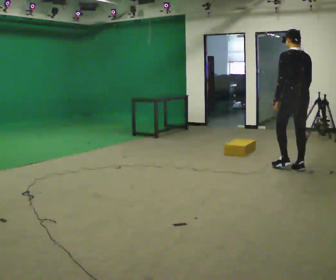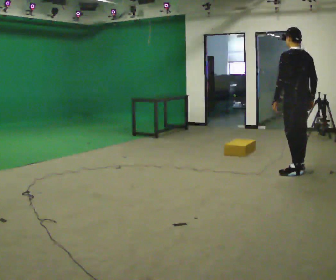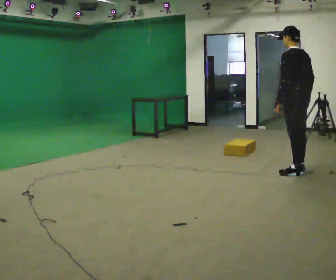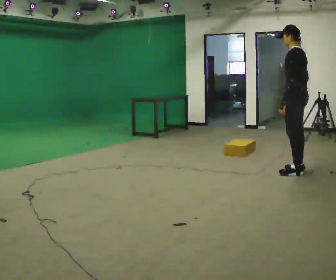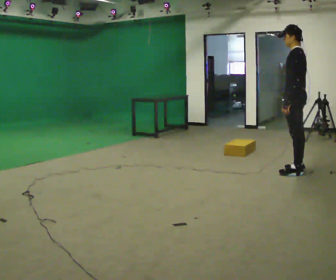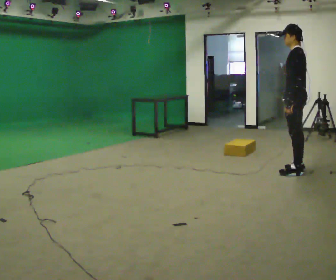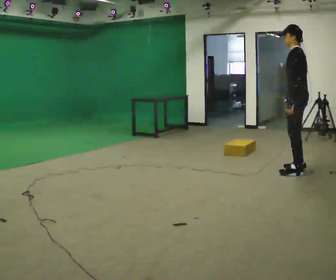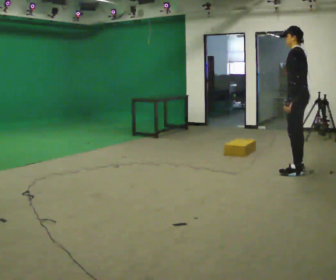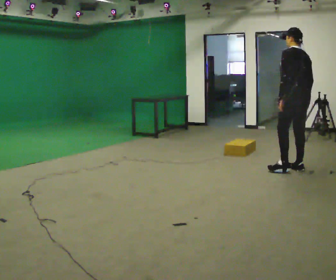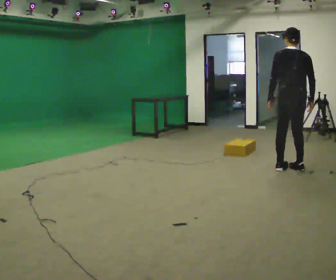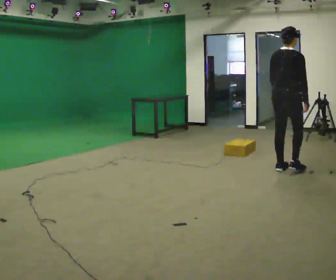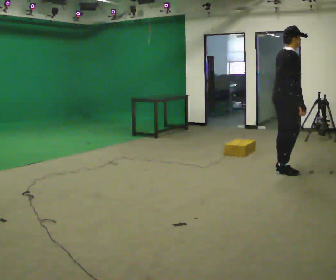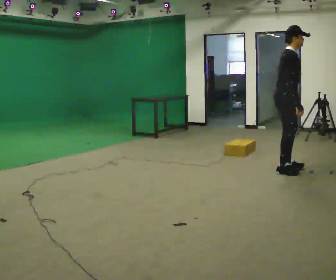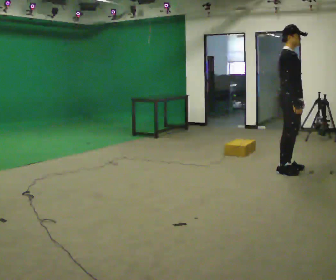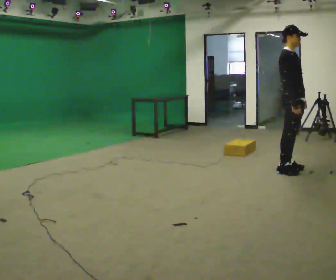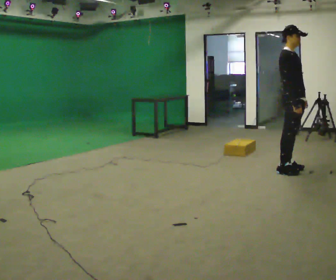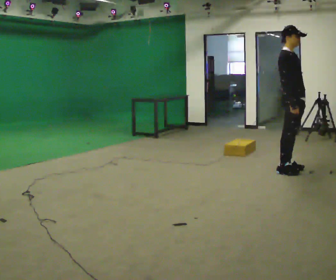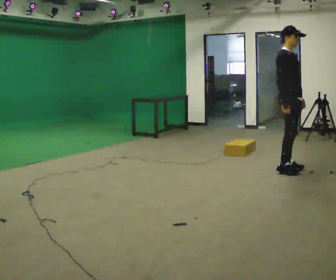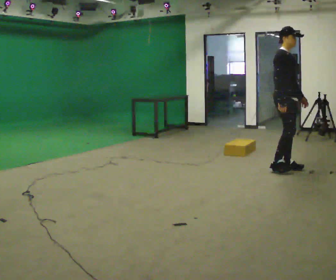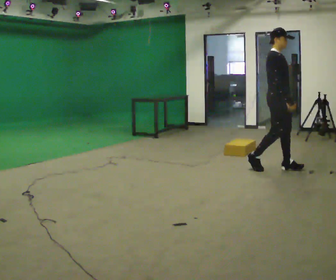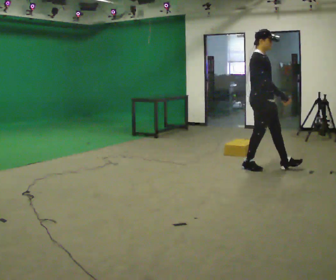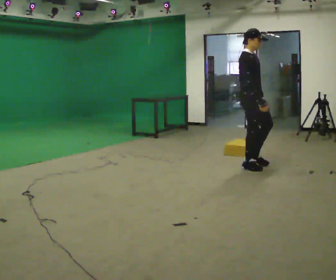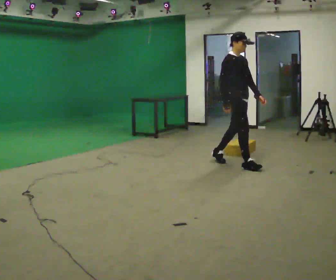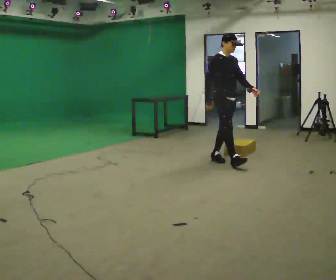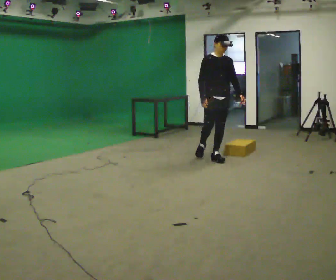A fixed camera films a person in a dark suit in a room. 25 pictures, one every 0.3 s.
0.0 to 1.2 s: The person turns about 45 degrees to their left, counterclockwise seen from above, so the part of the body nearest the lens slides to the right. In the picture they go toward the camera, about 0.25 m, which for them is to their left.
1.2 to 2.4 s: Seen from above the body turns clockwise, about 30 degrees: to their right, with its near side sliding to the left.
2.4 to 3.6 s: The person turns about 135 degrees to their right, clockwise seen from above, so the part of the body nearest the lens slides to the left. In the picture they go to the left, about 0.25 m in 1 step. In the picture the upper body tilts clockwise, shoulders to the right.
3.6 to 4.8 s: In the picture the upper body tilts counterclockwise, shoulders to the left, as they lean back or straighten.
4.8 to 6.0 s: In the picture they go to the left, about 0.5 m in 2 steps, which for them is backward.
6.0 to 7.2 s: The person turns about 45 degrees to their right, clockwise seen from above, so the part of the body nearest the lens slides to the left. In the picture they go to the left and away from the camera, about 1 m in 1 step, which for them is backward.
The film runs backward here.
